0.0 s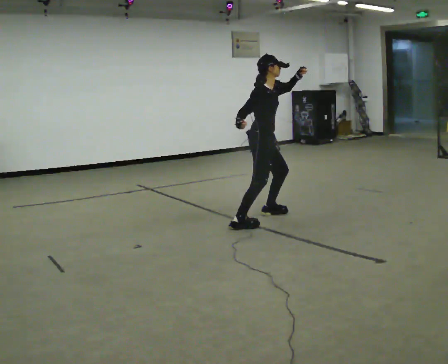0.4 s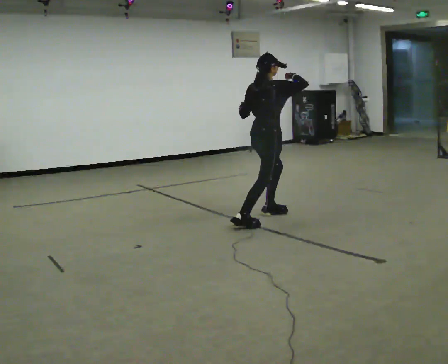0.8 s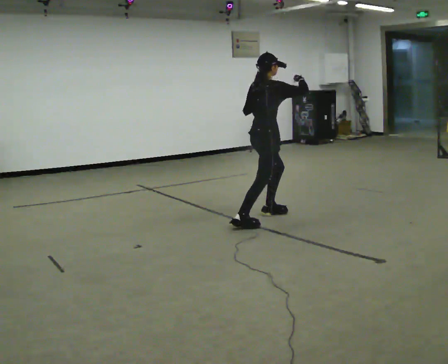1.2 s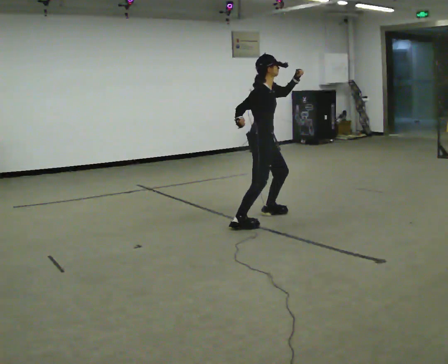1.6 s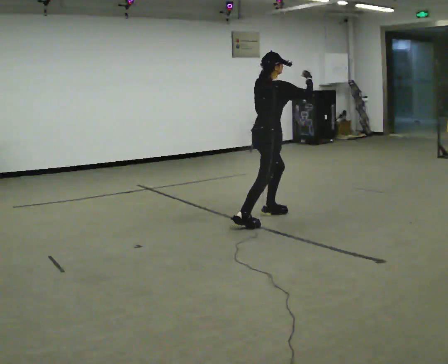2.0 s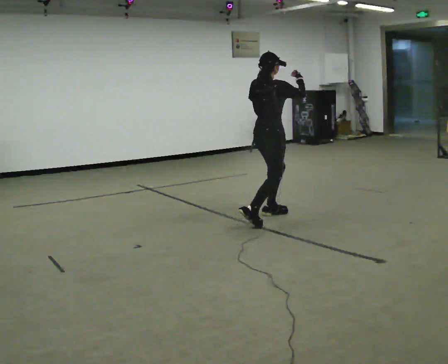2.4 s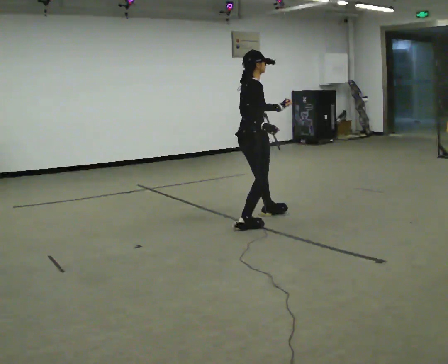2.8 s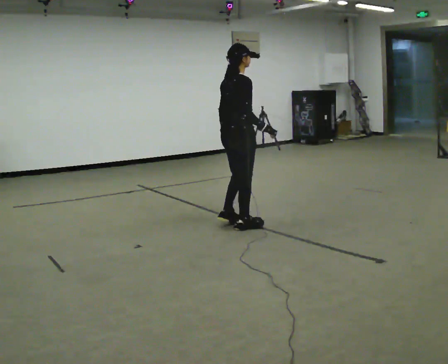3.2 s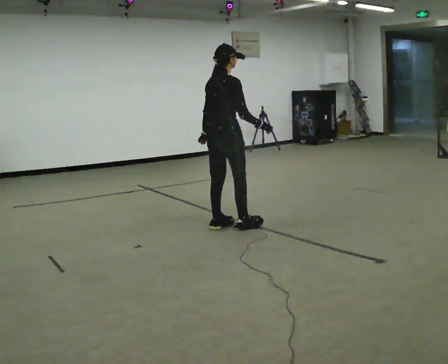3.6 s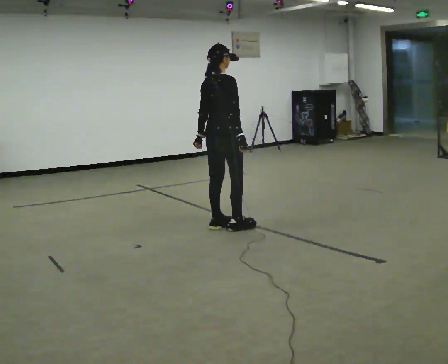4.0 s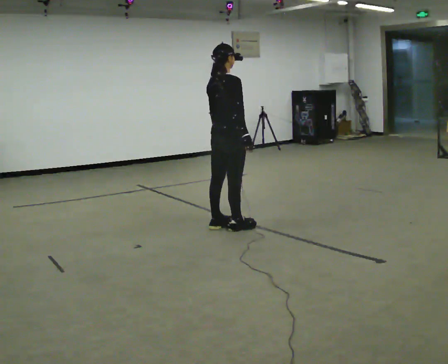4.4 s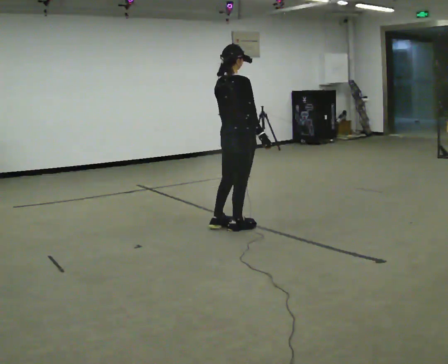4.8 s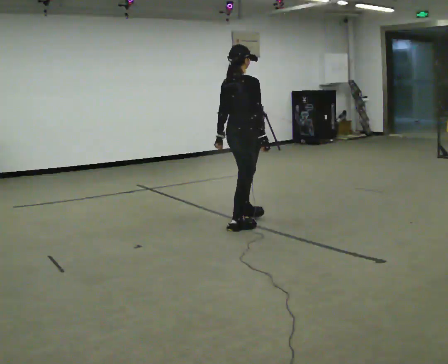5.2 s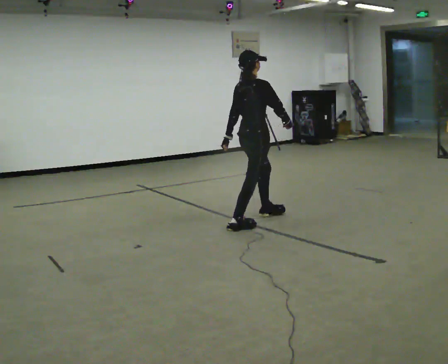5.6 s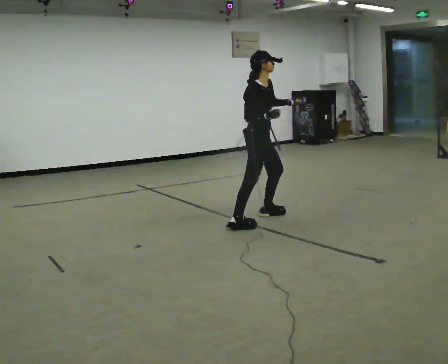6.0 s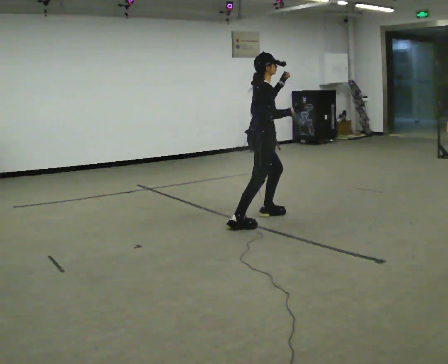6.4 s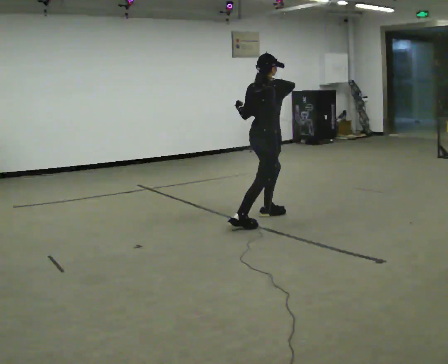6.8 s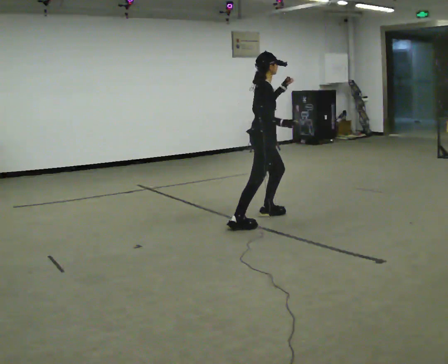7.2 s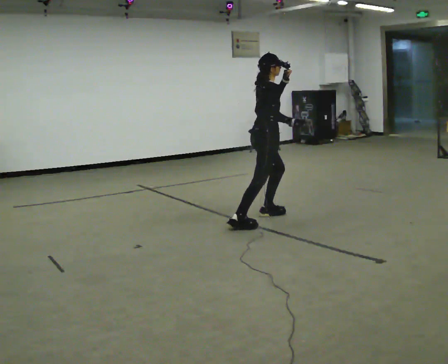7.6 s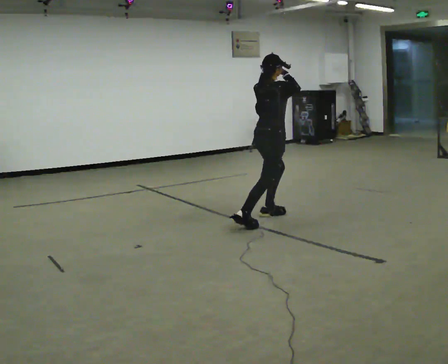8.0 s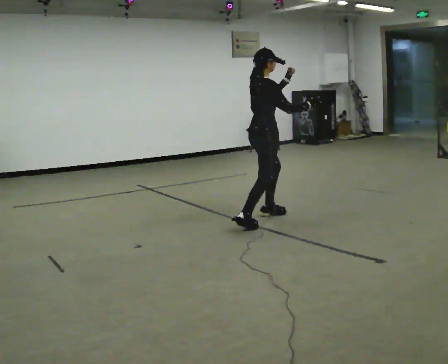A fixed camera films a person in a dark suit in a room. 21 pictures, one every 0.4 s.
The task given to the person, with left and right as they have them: Mimic boxing into the air at moderate speed with both hands, moving your feet only a little. Stay controlled; do not punch at full speed.
0.0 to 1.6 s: Seen from above the body turns counterclockwise, about 45 degrees: to their left, with its near side sliding to the right. In the picture their right hand goes to the right and upward.
1.6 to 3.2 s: In the picture they go to the left and toward the camera, about 0.5 m in 1 step, which for them is backward and to their right. In the picture their right hand goes downward.
3.2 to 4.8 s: In the picture they go to the right, about 0.25 m, which for them is forward.
4.8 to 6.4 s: In the picture they go away from the camera and to the right, about 0.25 m in 1 step. In the picture their right hand goes upward.
6.4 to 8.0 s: The person moves a little, or ends about where they began.
The film runs forward here.
